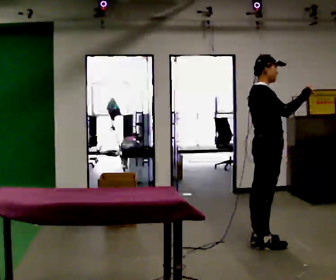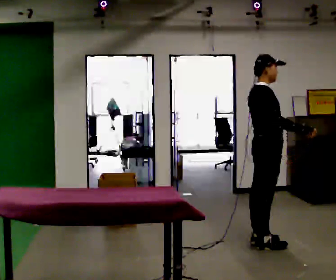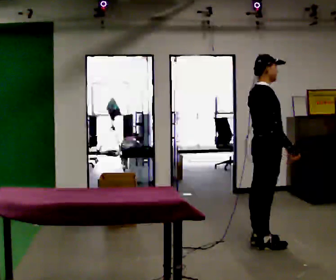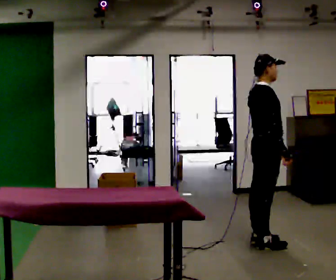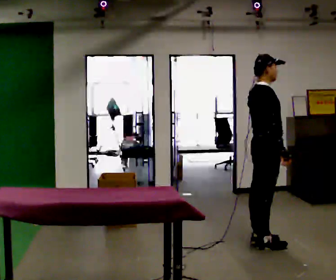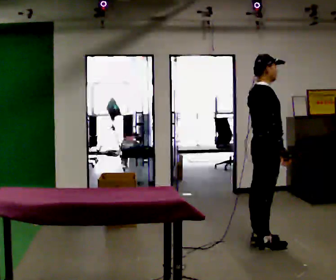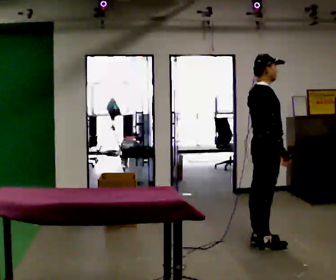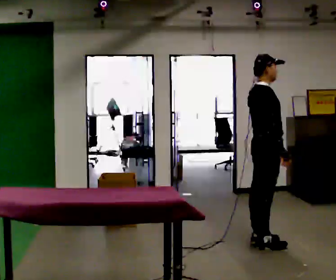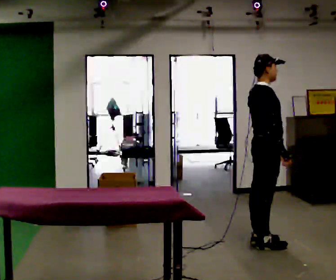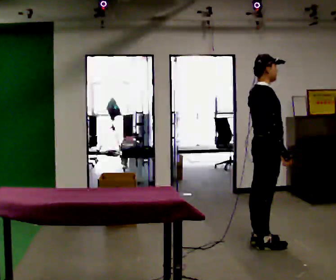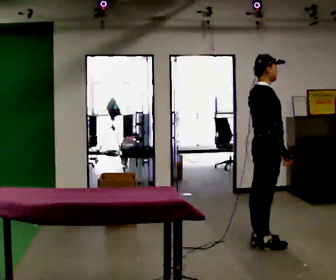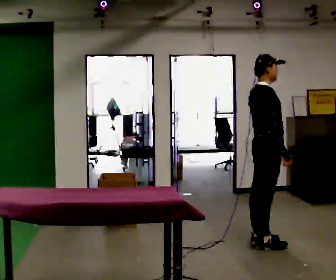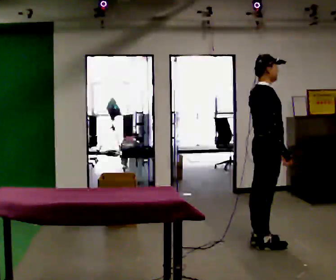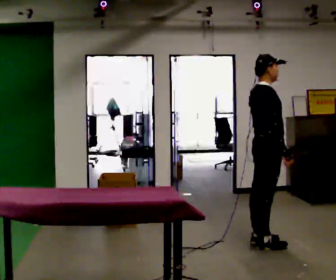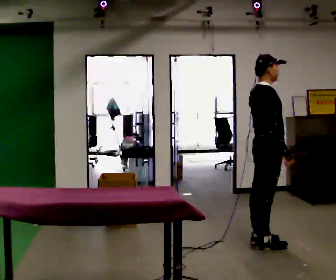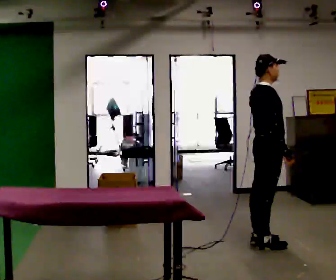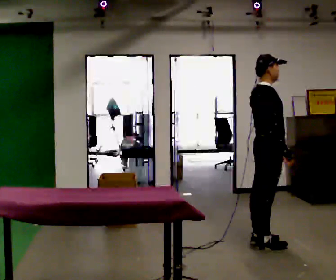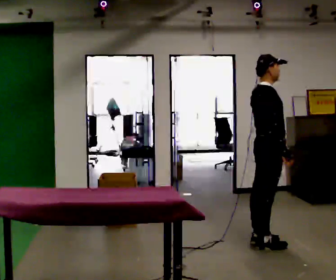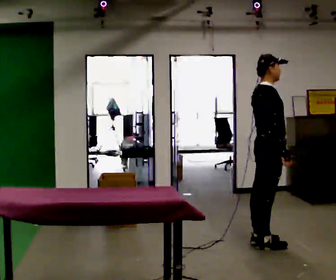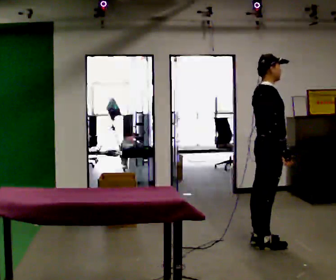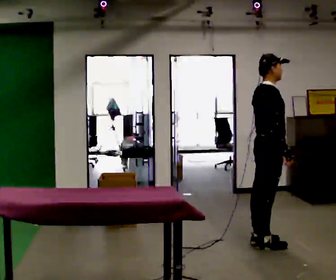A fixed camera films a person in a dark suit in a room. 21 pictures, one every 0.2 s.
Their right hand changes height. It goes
downward.
Their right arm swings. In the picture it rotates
clockwise.
0.0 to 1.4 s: In the picture their right hand goes downward, the arm swinging clockwise.
1.4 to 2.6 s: The person keeps their place and pose.
2.6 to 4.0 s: The person moves a little, or ends about where they began.
The film runs backward here.
